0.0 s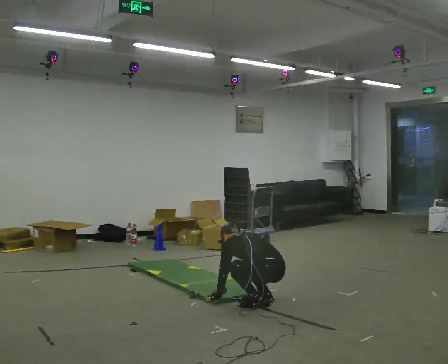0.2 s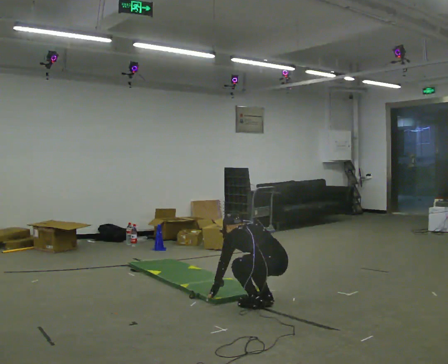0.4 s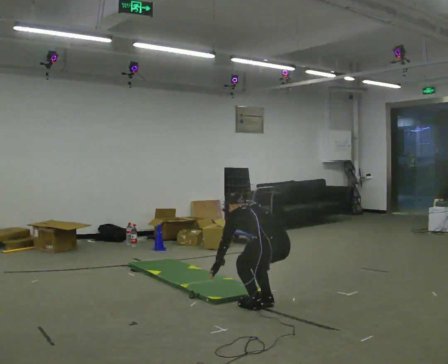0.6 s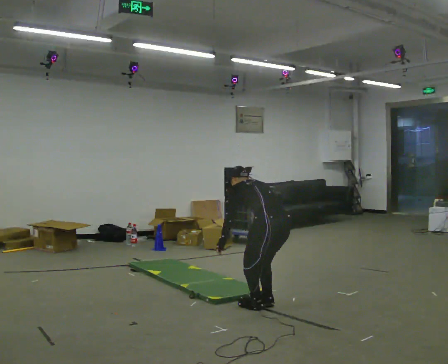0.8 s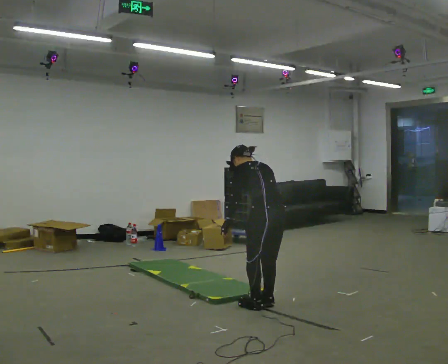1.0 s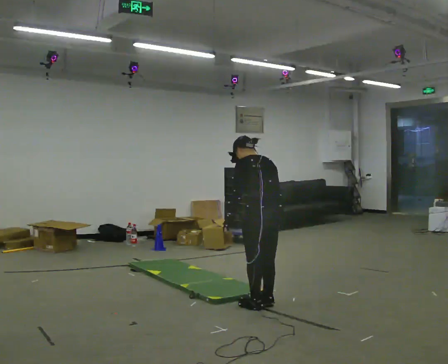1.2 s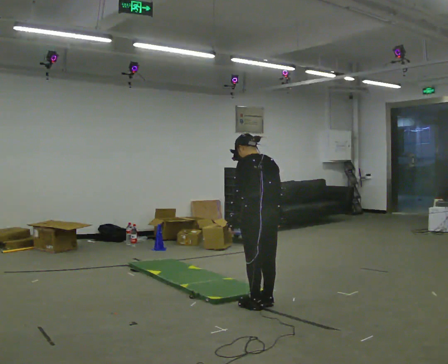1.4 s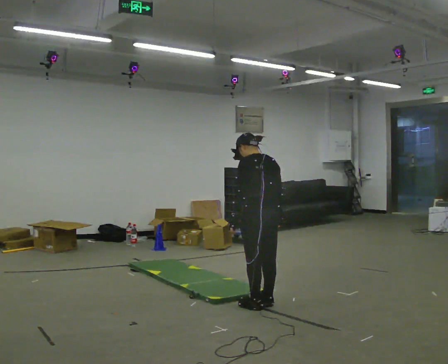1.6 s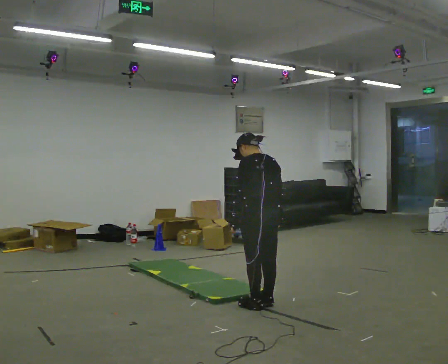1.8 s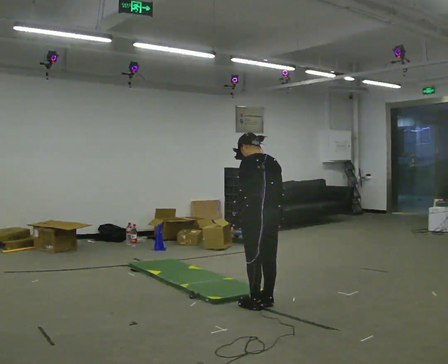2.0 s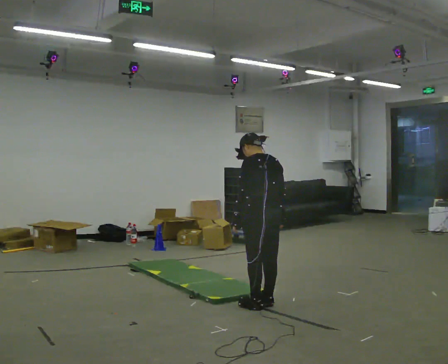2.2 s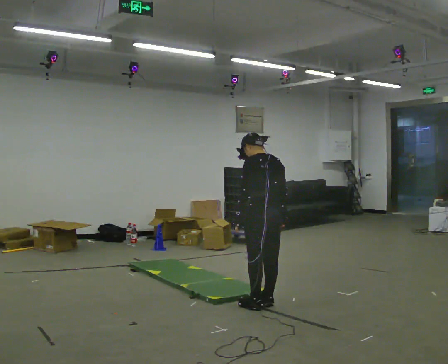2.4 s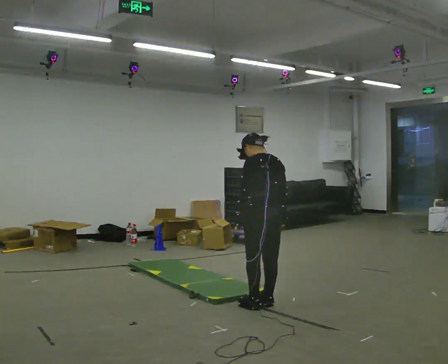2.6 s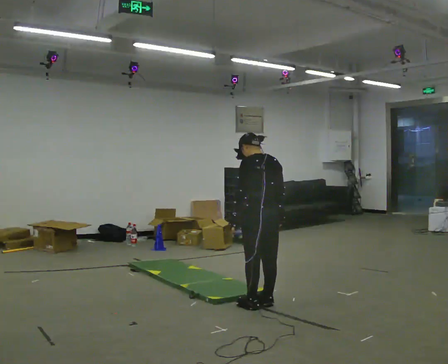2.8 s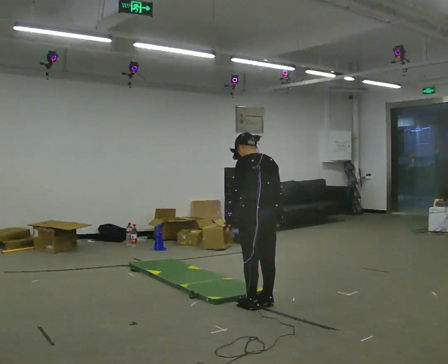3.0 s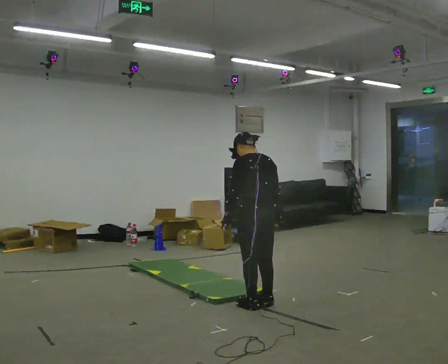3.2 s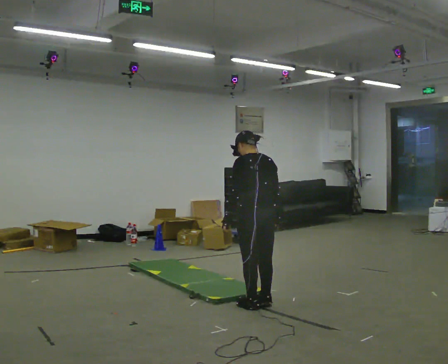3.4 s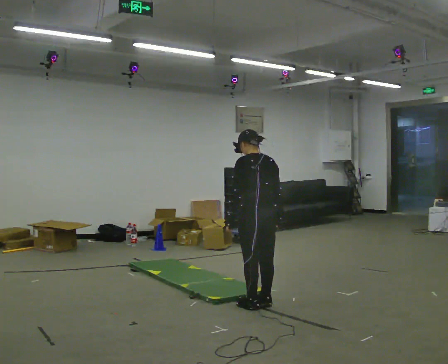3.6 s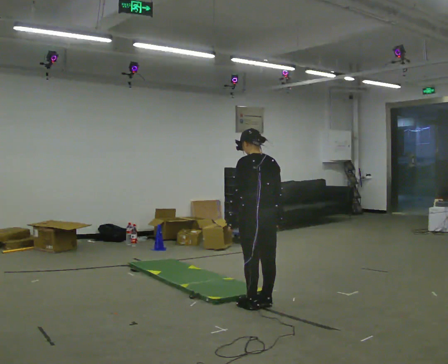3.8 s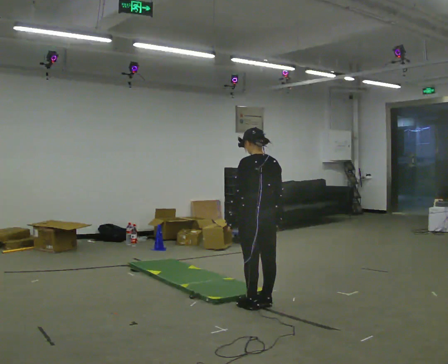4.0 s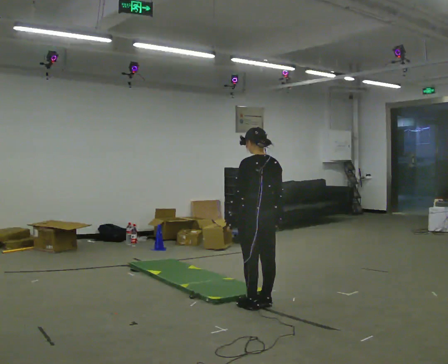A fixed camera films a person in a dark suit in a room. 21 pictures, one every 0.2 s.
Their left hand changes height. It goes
upward.
Their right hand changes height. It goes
upward.
0.0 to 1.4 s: The shoulders move upward. The upper body tips toward the camera, its near side rolling downward, as they lean back or straighten. In the picture their right hand goes upward.
1.4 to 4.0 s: The person moves a little, or ends about where they began.
The film runs backward here.
